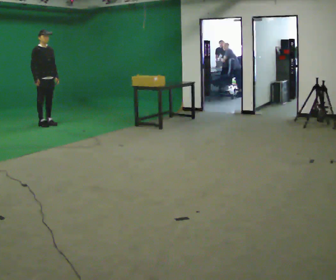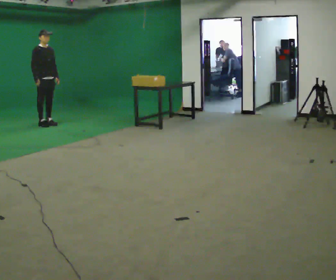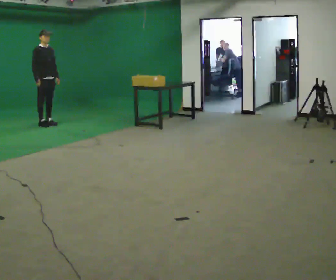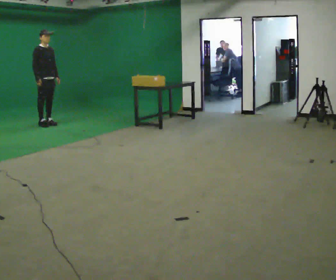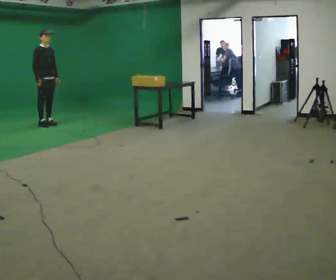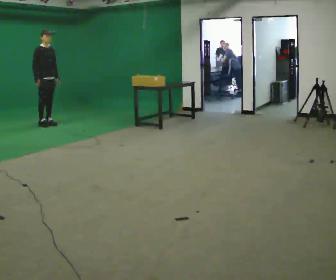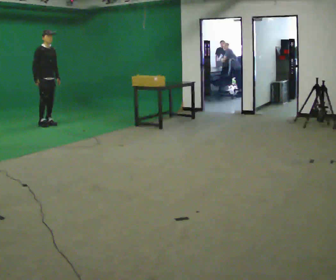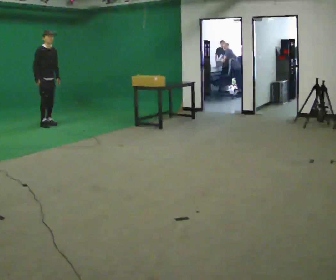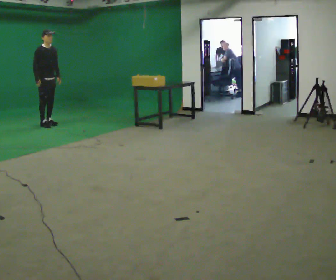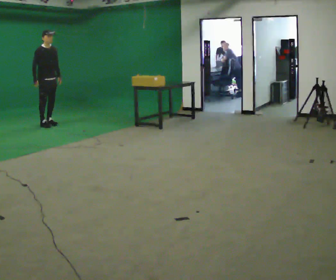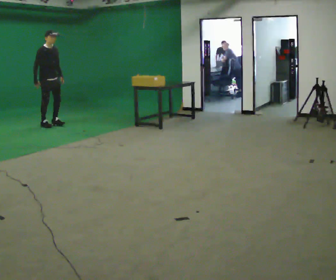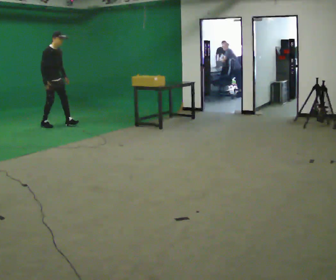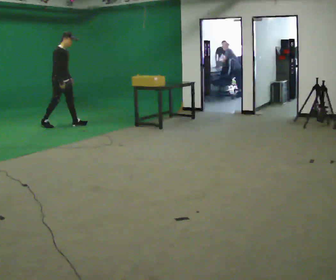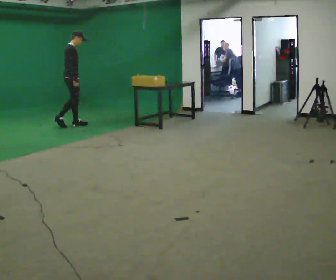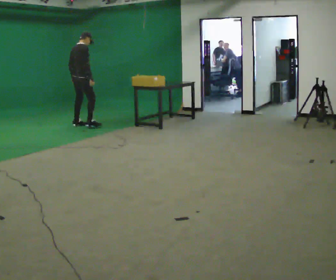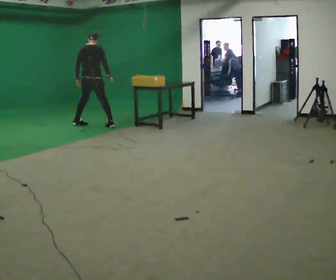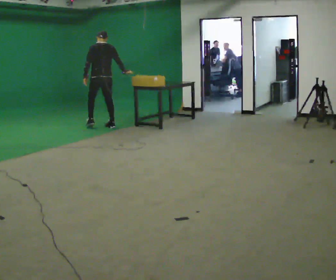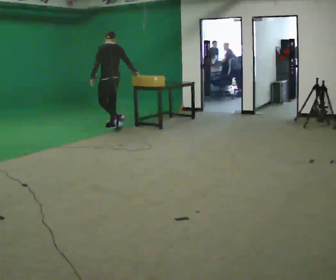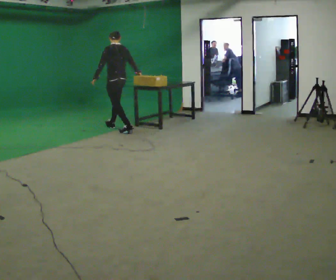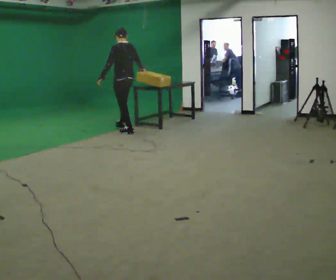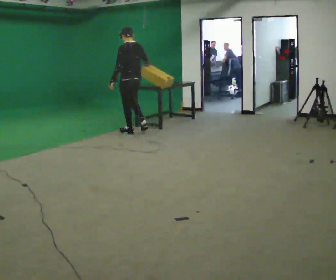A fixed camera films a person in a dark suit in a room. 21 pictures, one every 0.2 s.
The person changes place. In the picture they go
to the right.
The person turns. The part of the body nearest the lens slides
to the right.
0.0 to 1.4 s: The person moves a little, or ends about where they began.
1.4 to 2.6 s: The person turns about 45 degrees to their left, counterclockwise seen from above, so the part of the body nearest the lens slides to the right. In the picture they go to the right, about 0.5 m in 2 steps, which for them is forward and to their left.
2.6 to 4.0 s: The person turns about 120 degrees to their left, counterclockwise seen from above, so the part of the body nearest the lens slides to the right. In the picture they go to the right and toward the camera, about 1.5 m in 2 steps.
The film runs backward here.
